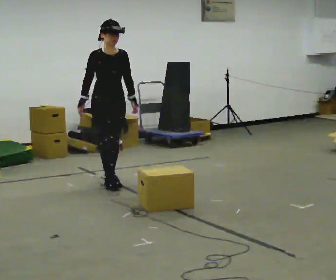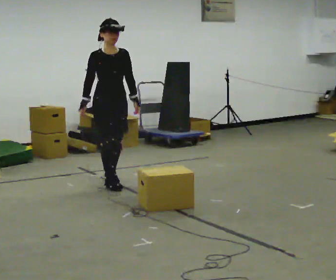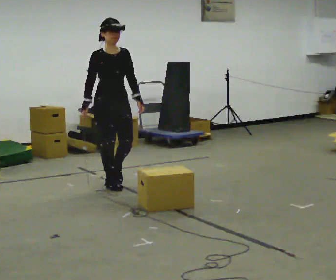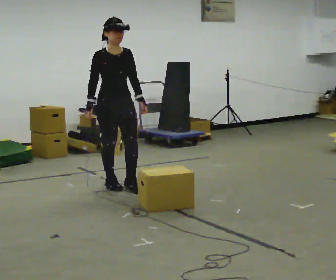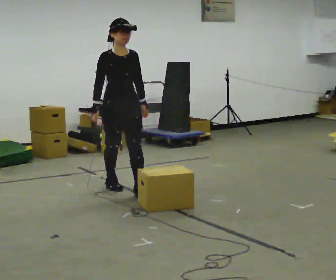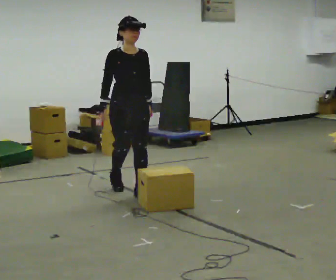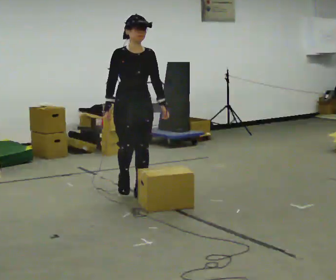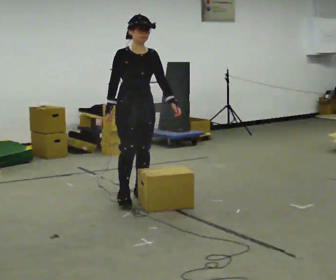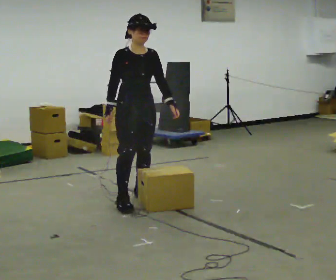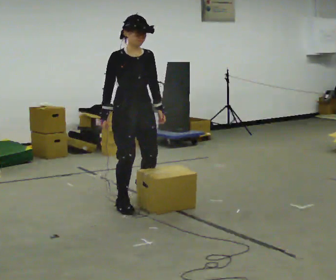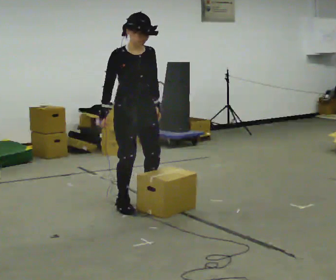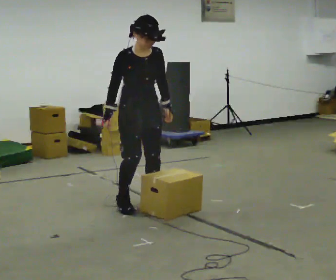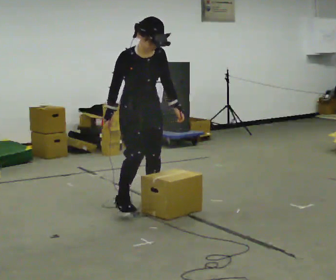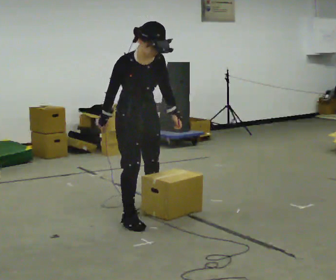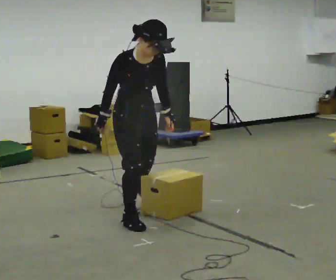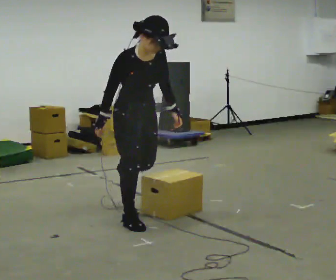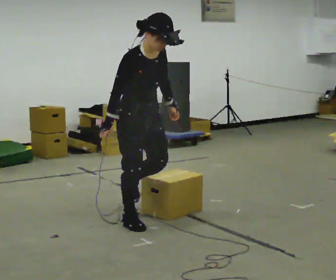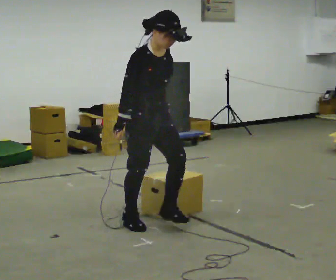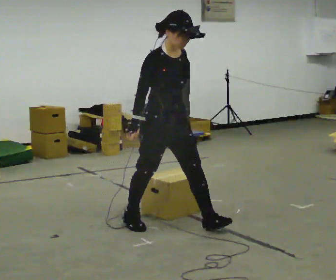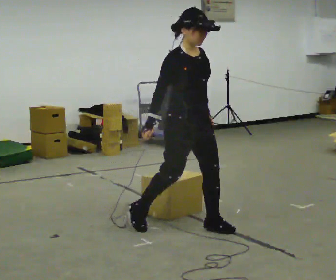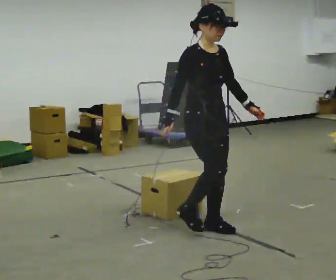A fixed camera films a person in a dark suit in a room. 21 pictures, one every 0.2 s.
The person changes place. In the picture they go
toward the camera.
0.0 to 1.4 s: In the picture they go toward the camera and to the right, about 0.75 m in 1 step, which for them is forward.
1.4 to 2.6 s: In the picture they go toward the camera, about 0.5 m in 3 steps, which for them is forward and to their right. The upper body tips toward the camera, its near side rolling downward, as they bend forward.
2.6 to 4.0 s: In the picture they go to the right and toward the camera, about 0.75 m in 1 step, which for them is forward. The upper body tips away from the camera, its near side rolling upward, as they lean back or straighten.
The film runs forward here.
